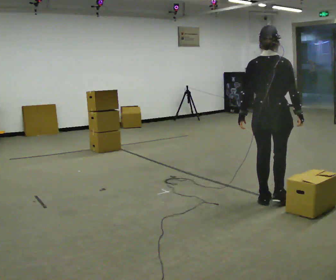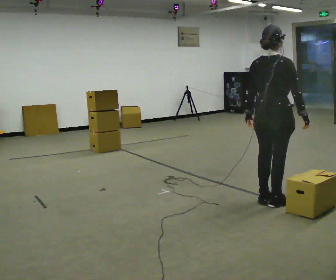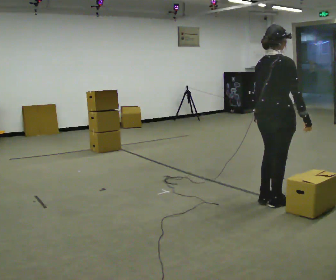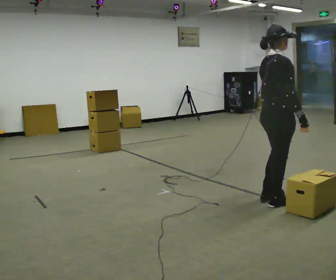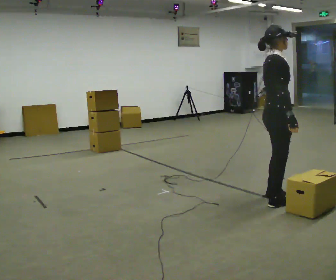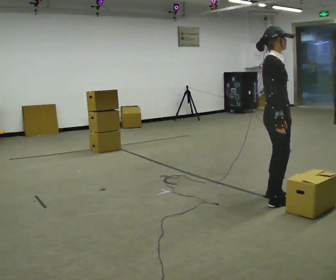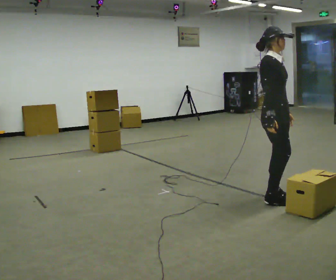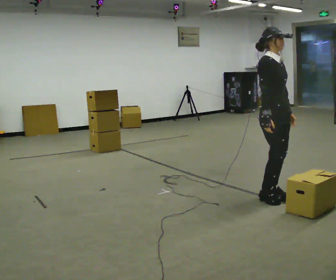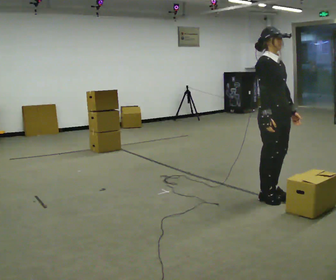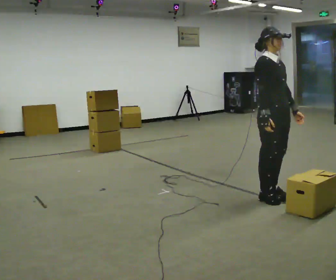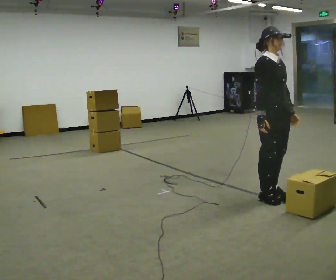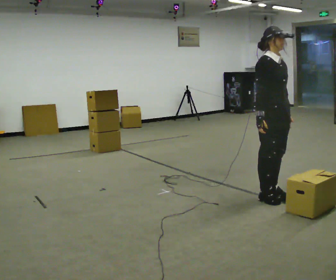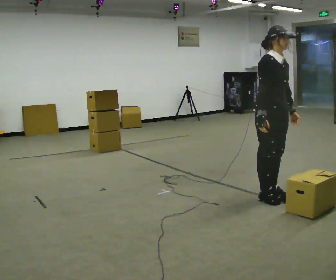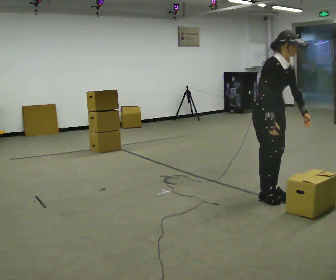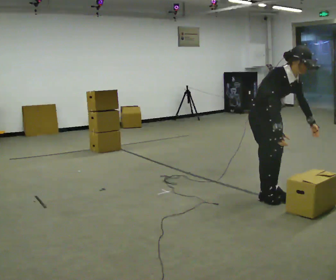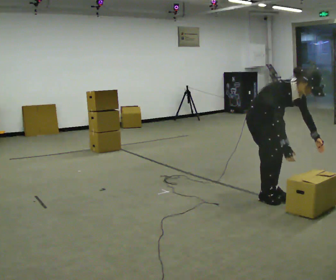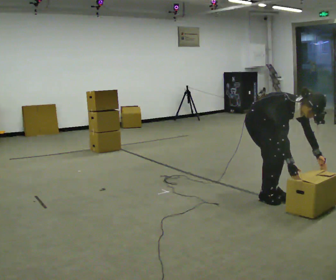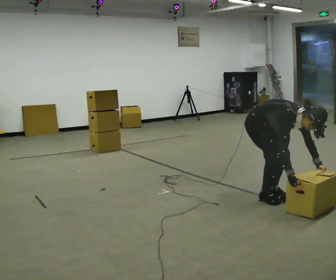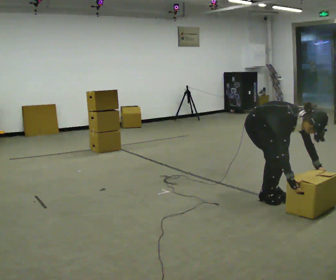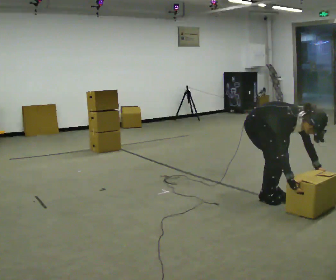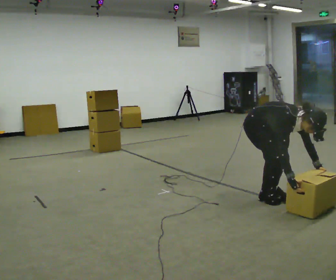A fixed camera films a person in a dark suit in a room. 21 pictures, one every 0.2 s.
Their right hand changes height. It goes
downward.
The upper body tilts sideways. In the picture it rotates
clockwise.
0.0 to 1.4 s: Seen from above the body turns clockwise, about 105 degrees: to their right, with its near side sliding to the left. In the picture their right hand goes to the left.
1.4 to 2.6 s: In the picture the upper body tilts clockwise, shoulders to the right, as they bend forward.
2.6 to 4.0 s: The upper body goes downward. In the picture the upper body tilts clockwise, shoulders to the right, as they bend forward. In the picture their left hand goes downward.
The film runs backward here.
